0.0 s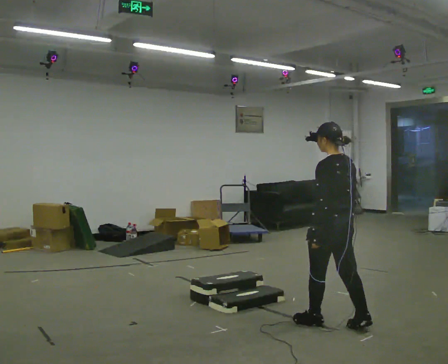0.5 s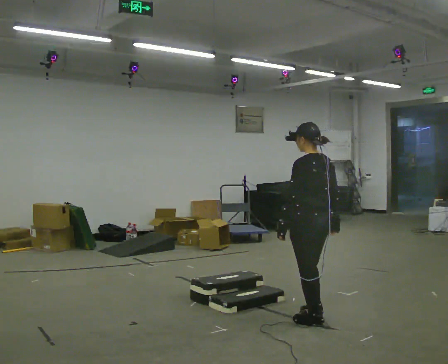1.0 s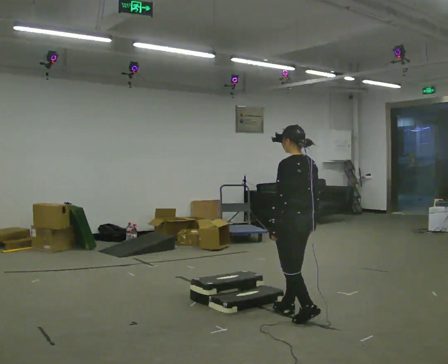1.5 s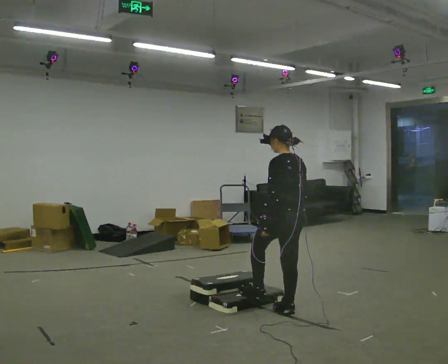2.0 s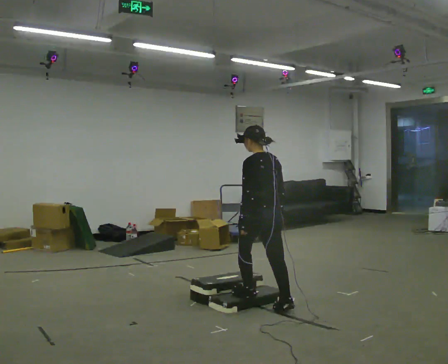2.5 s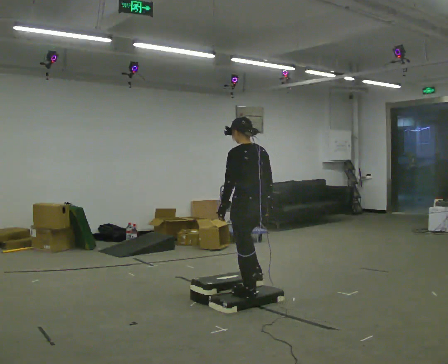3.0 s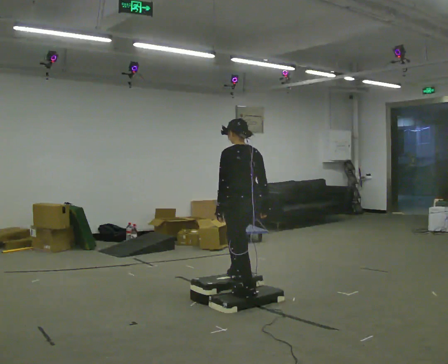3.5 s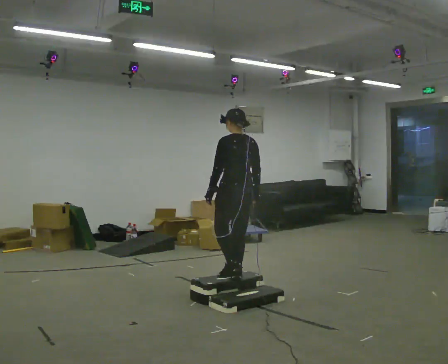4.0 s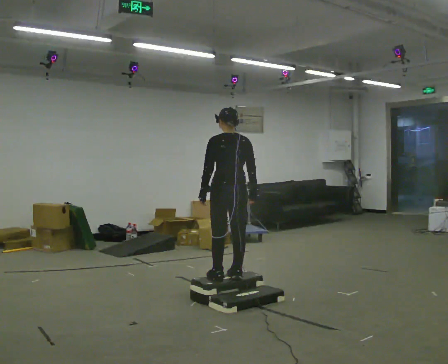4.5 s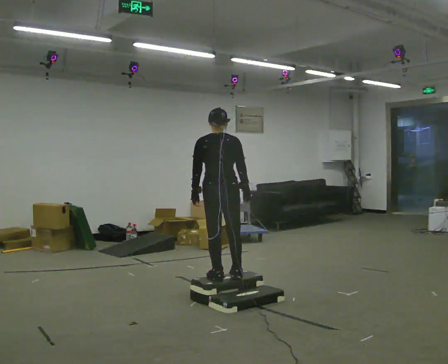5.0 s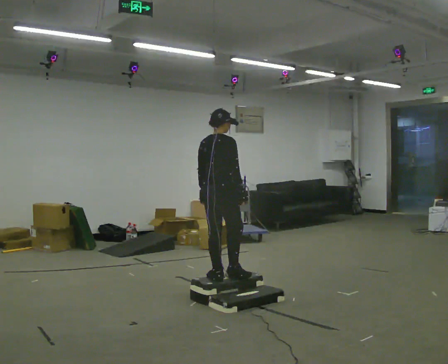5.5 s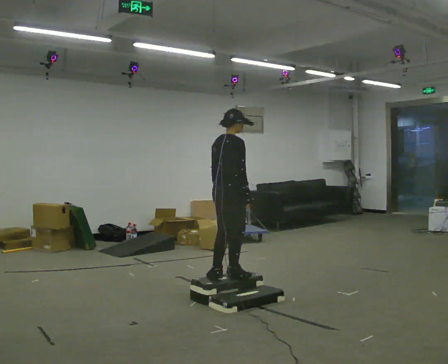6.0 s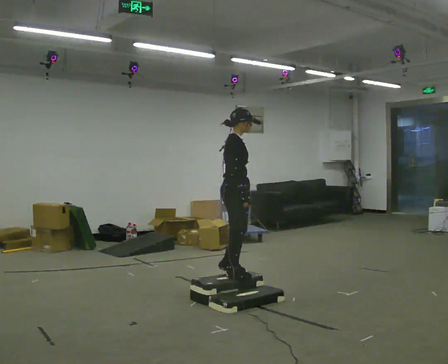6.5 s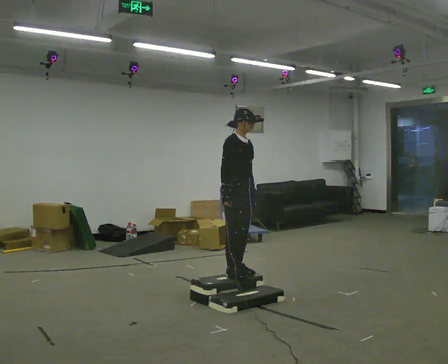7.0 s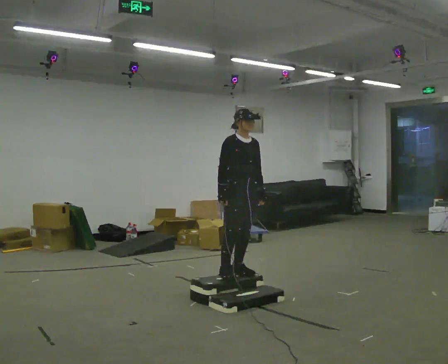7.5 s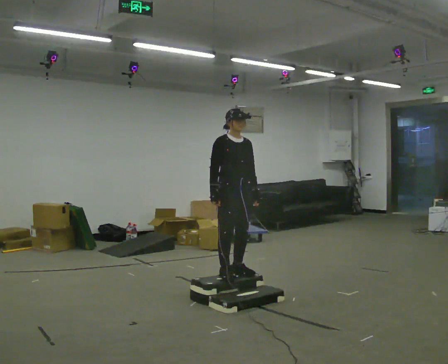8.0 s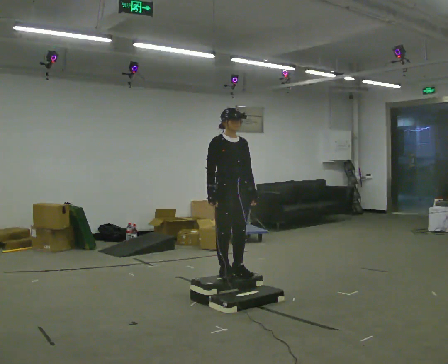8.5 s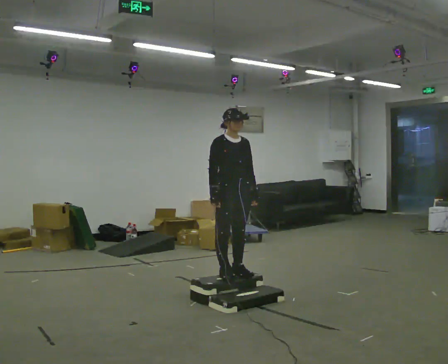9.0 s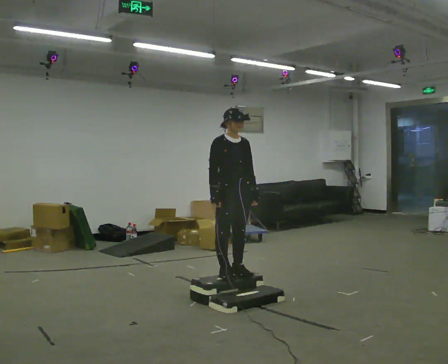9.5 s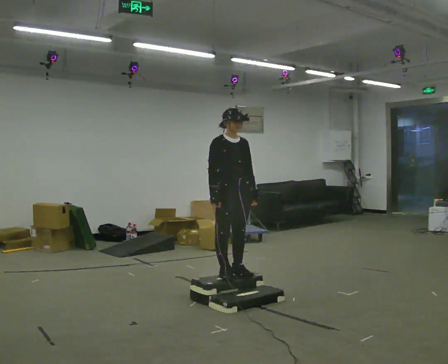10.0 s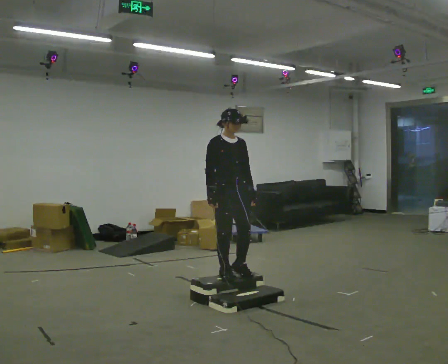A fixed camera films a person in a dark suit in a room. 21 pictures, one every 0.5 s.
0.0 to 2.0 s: In the picture they go away from the camera and to the left, about 0.5 m in 2 steps, which for them is forward.
2.0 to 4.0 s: In the picture they go away from the camera and to the left, about 0.5 m in 2 steps, which for them is forward. The shoulders move upward.
4.0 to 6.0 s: Seen from above the body turns clockwise, about 105 degrees: to their right, with its near side sliding to the left.
6.0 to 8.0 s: The part of the body nearest the lens slides to the left as the person turns to their right by about 45 degrees.
8.0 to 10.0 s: The person moves a little, or ends about where they began.
The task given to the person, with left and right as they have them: Walk up the three steps, turn at the top, and walk back down at a comfortable speed. Use the handrail only if you need it.
The film runs forward here.
